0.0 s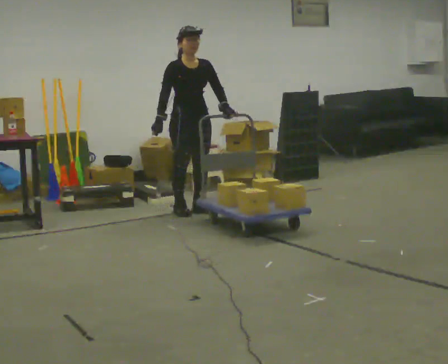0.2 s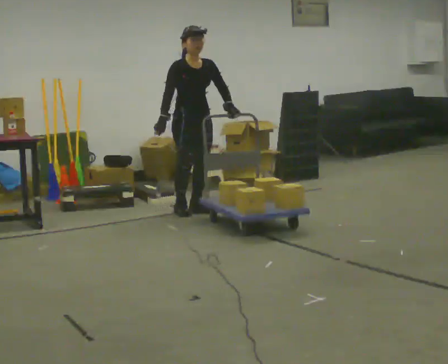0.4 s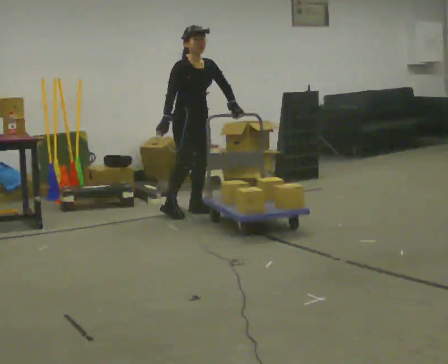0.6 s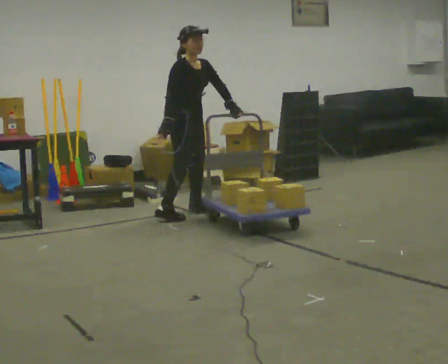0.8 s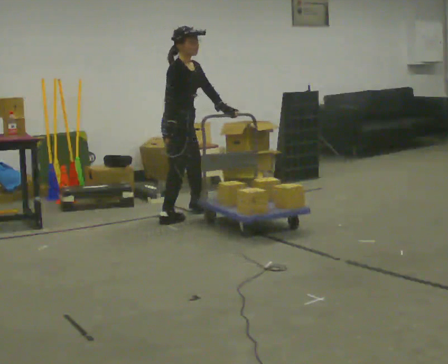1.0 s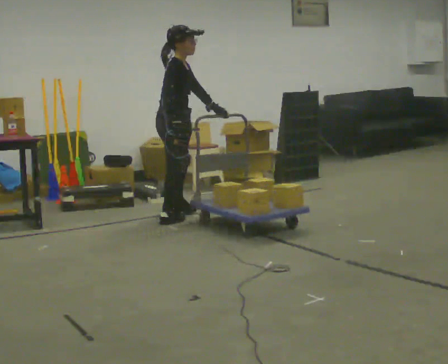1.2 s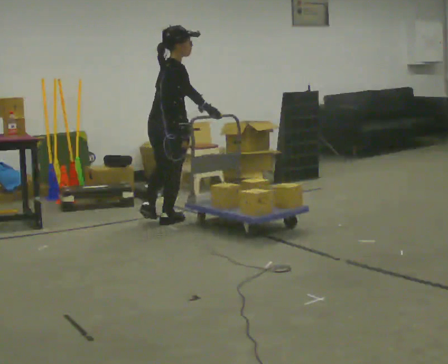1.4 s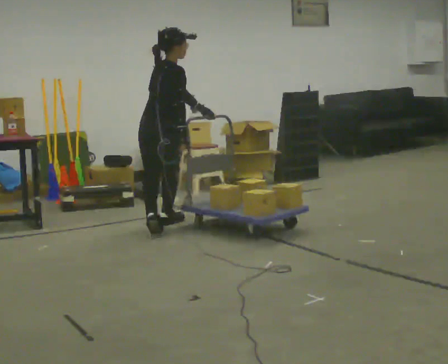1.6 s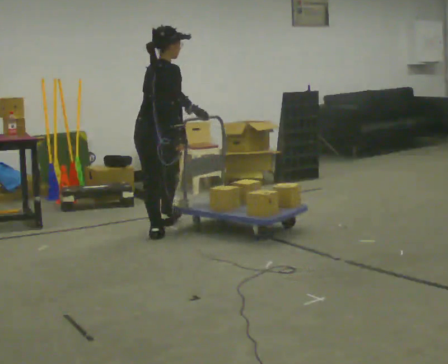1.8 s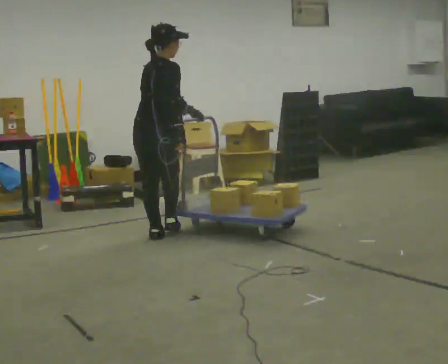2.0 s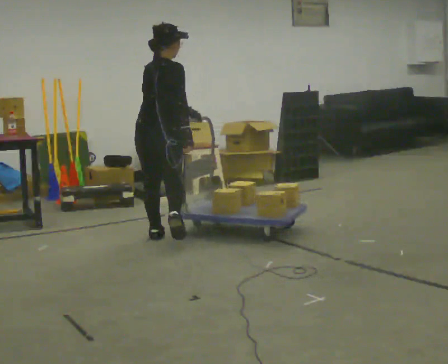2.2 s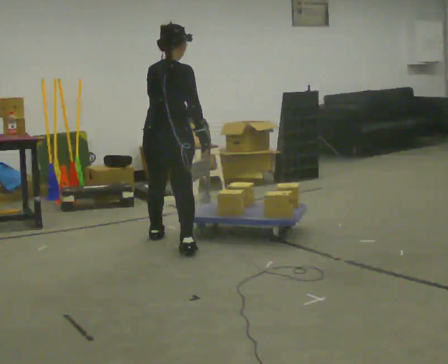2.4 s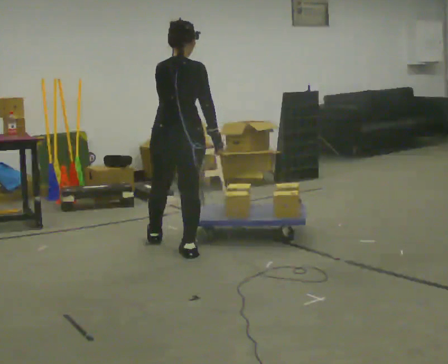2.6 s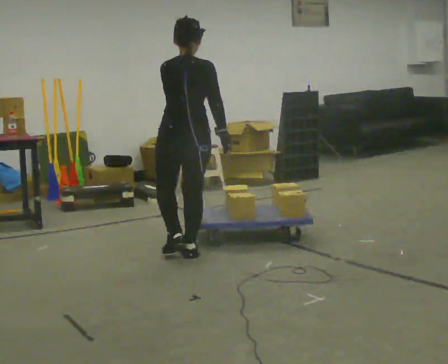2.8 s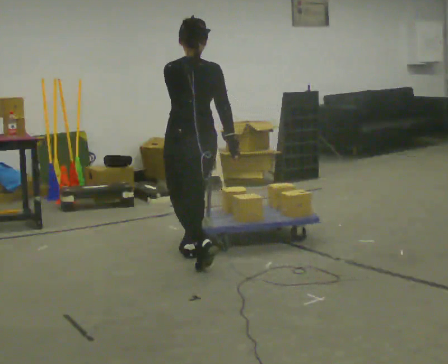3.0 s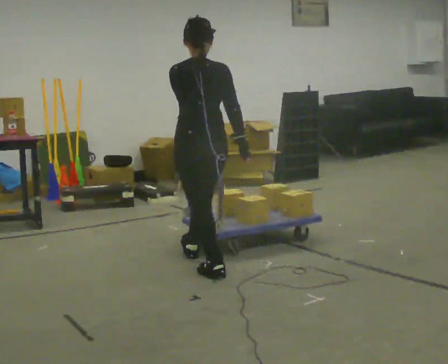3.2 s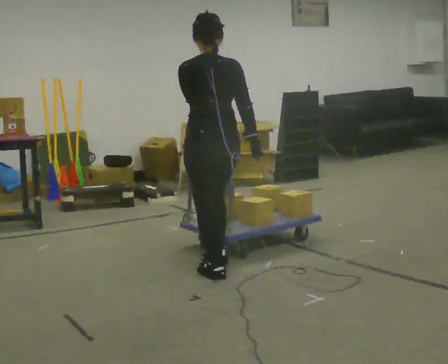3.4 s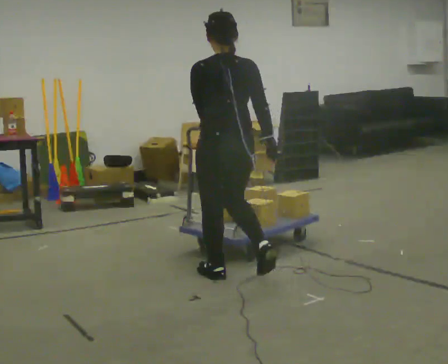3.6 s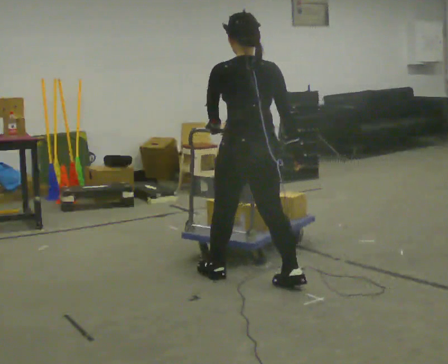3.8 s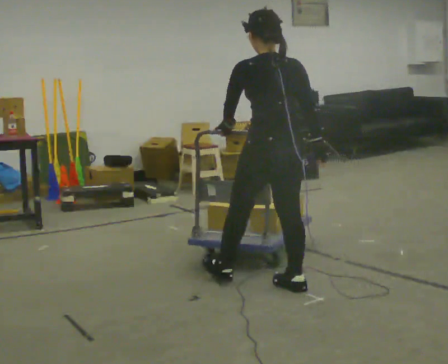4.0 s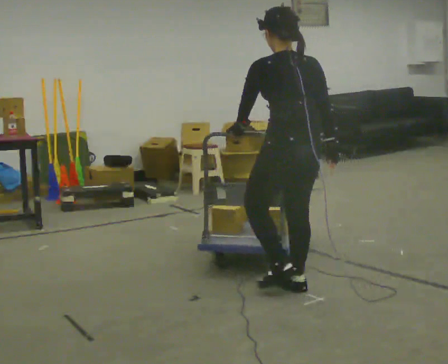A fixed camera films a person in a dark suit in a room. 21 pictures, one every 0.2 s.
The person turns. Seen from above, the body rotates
counterclockwise.
The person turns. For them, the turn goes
to their left.
0.0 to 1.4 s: The part of the body nearest the lens slides to the right as the person turns to their left by about 120 degrees. In the picture they go toward the camera and to the left, about 0.5 m in 2 steps.
1.4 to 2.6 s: The person turns about 30 degrees to their left, counterclockwise seen from above, so the part of the body nearest the lens slides to the right. In the picture they go toward the camera, about 1 m in 2 steps, which for them is backward and to their right.
2.6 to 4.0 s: The person turns about 30 degrees to their left, counterclockwise seen from above, so the part of the body nearest the lens slides to the right. In the picture they go toward the camera and to the right, about 1 m in 2 steps, which for them is backward and to their right.
The film runs backward here.
